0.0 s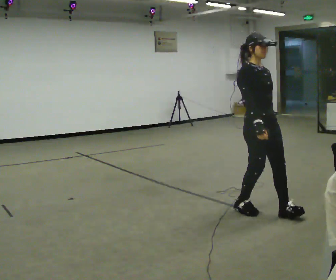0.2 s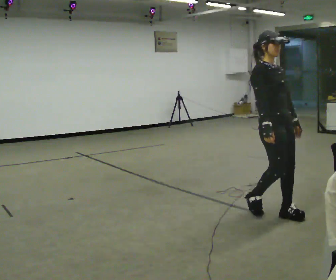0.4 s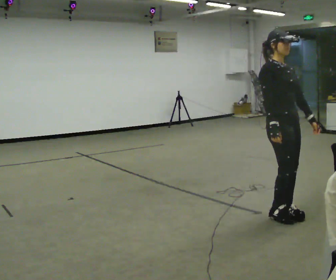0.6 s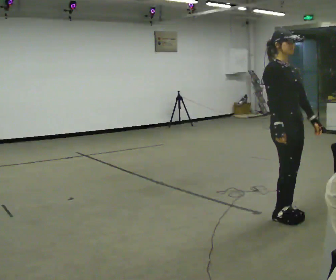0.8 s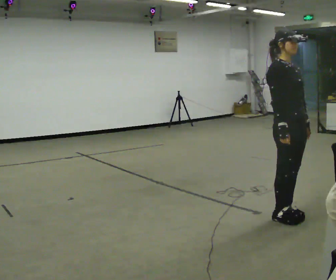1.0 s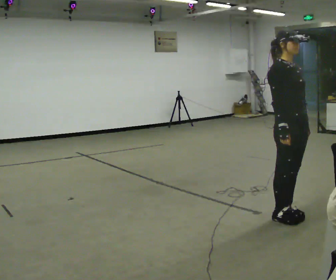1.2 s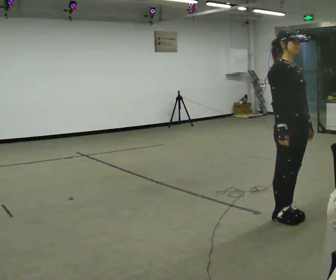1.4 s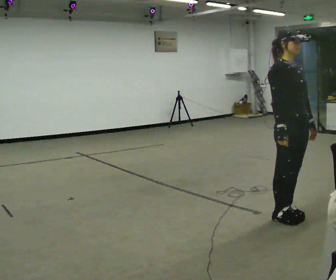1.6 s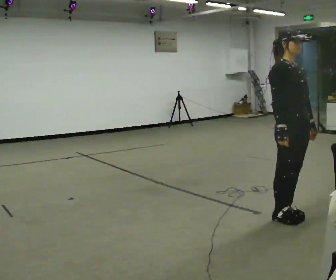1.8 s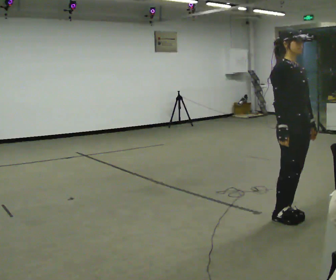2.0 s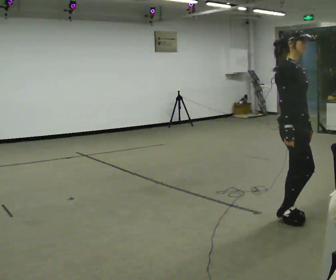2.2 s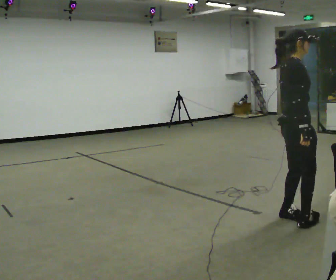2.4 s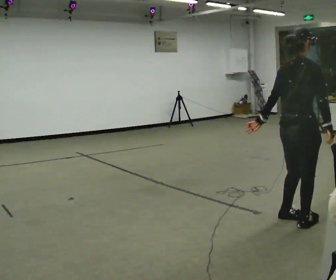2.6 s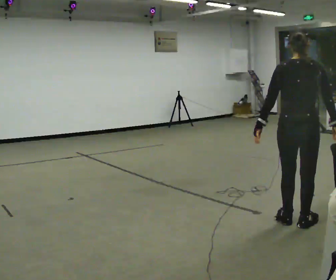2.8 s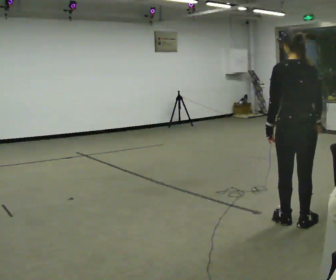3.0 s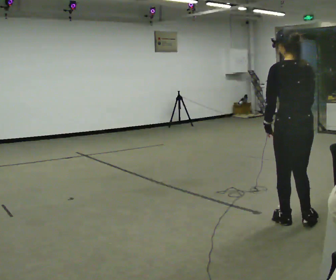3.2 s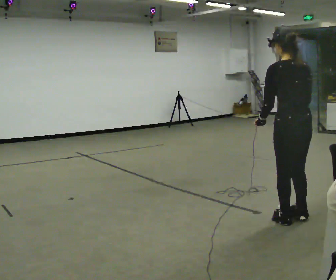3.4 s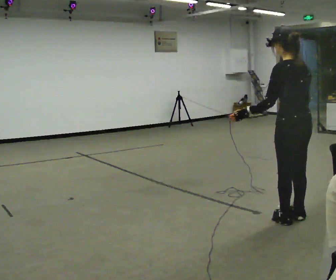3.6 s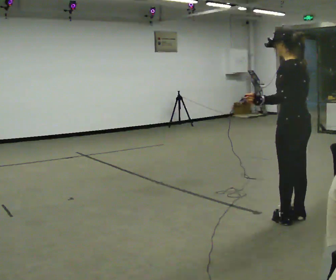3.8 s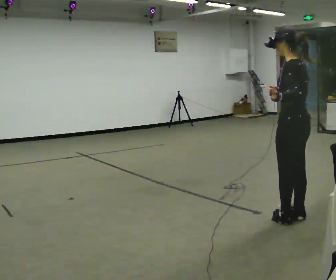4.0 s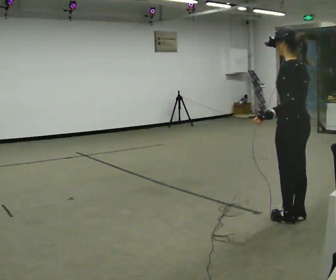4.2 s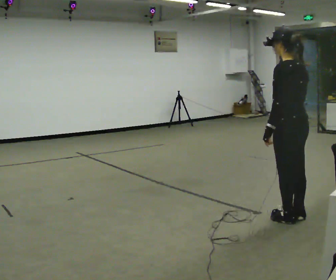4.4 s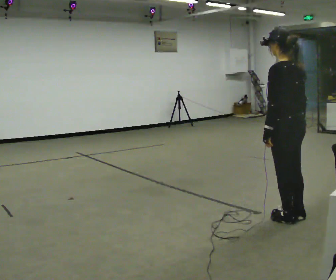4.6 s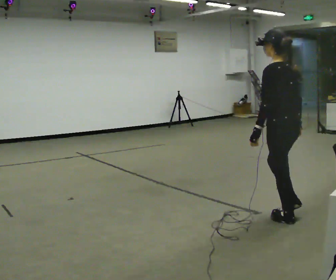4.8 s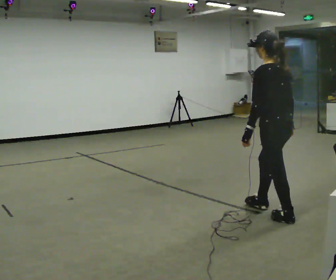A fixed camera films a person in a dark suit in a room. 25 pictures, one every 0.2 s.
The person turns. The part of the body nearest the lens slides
to the right.
The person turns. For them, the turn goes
to their left.
0.0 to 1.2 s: In the picture they go to the right, about 0.25 m in 1 step, which for them is forward.
1.2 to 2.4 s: Seen from above the body turns counterclockwise, about 90 degrees: to their left, with its near side sliding to the right. In the picture their left hand goes to the left, the arm swinging clockwise.
2.4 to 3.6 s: Seen from above the body turns counterclockwise, about 105 degrees: to their left, with its near side sliding to the right.
3.6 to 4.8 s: In the picture they go to the left, about 0.25 m, which for them is forward. In the picture their left hand goes downward.
The film runs forward here.
